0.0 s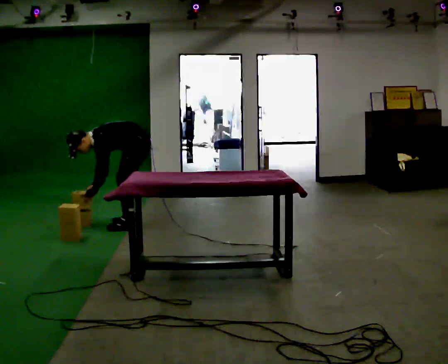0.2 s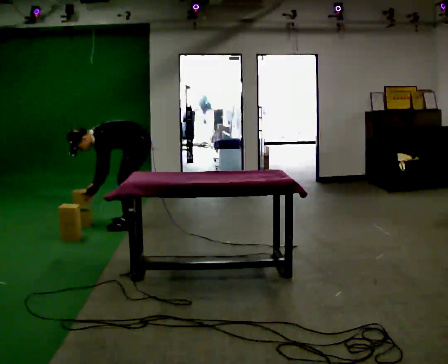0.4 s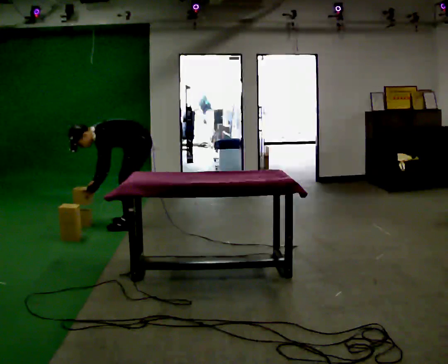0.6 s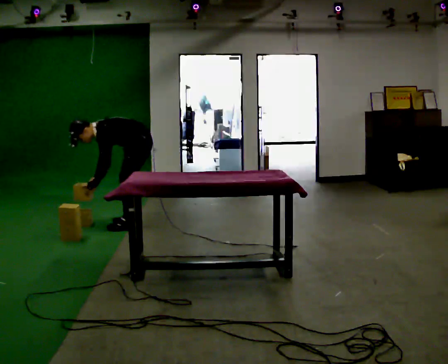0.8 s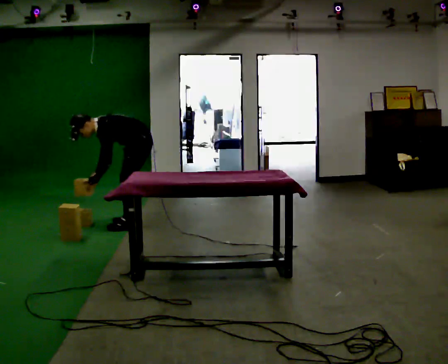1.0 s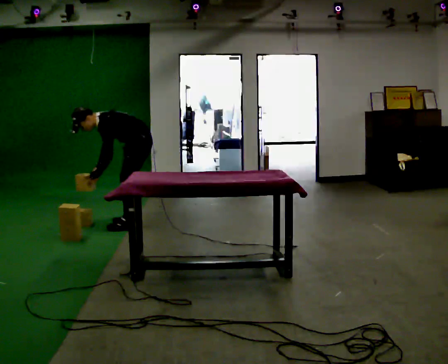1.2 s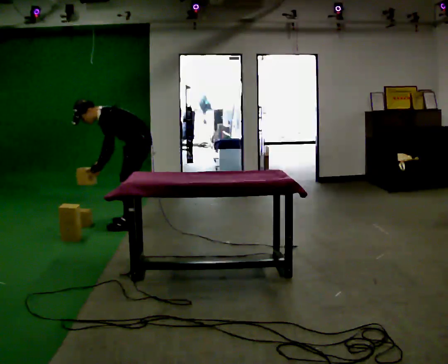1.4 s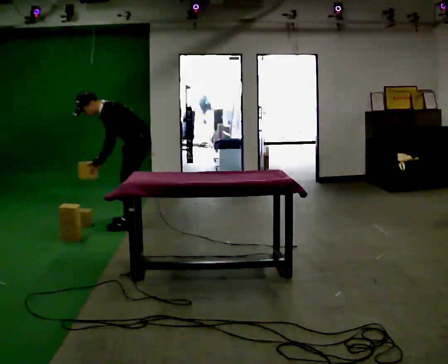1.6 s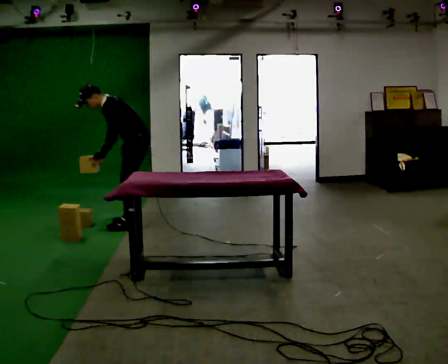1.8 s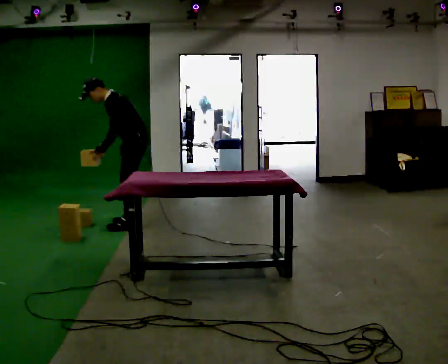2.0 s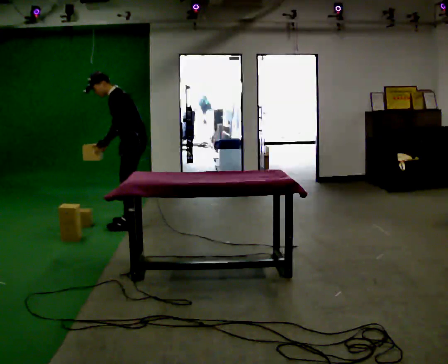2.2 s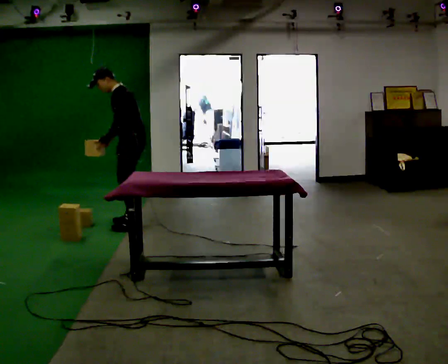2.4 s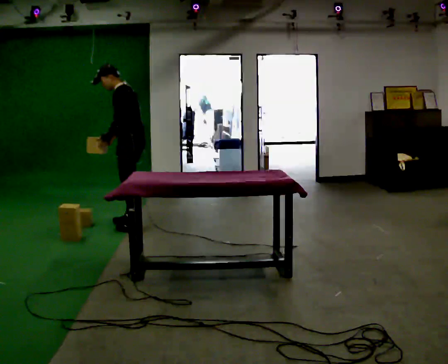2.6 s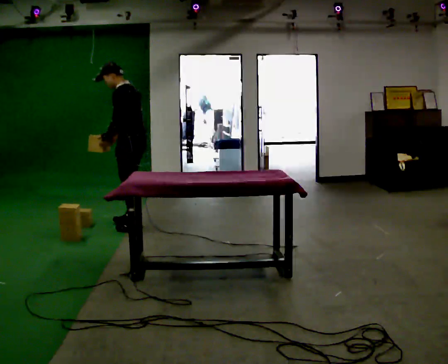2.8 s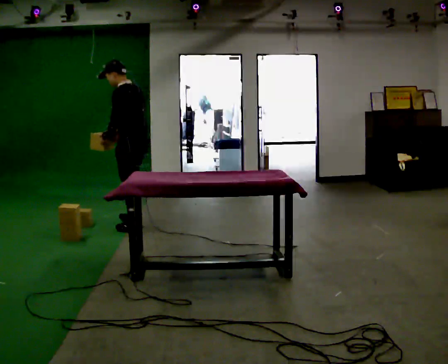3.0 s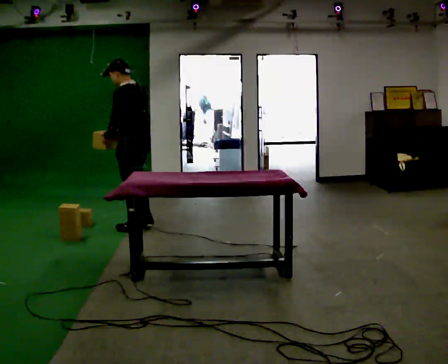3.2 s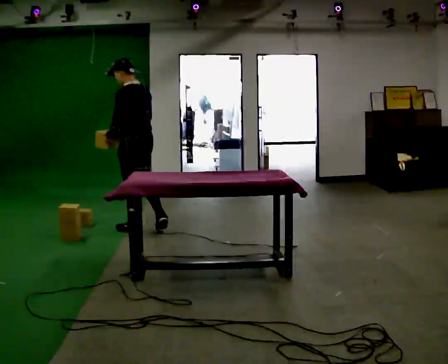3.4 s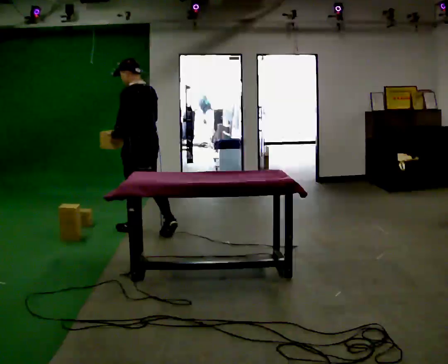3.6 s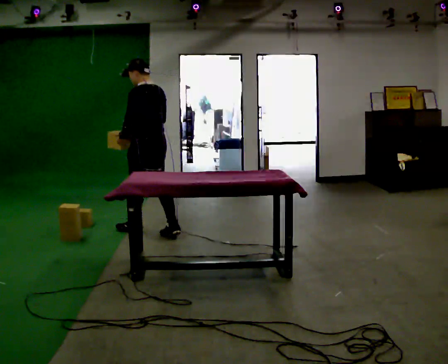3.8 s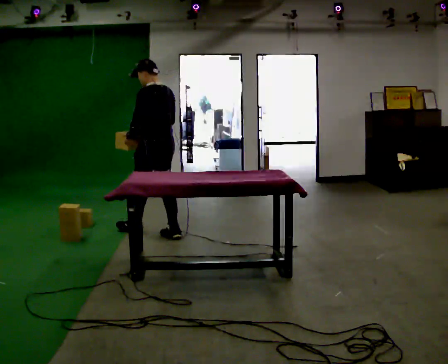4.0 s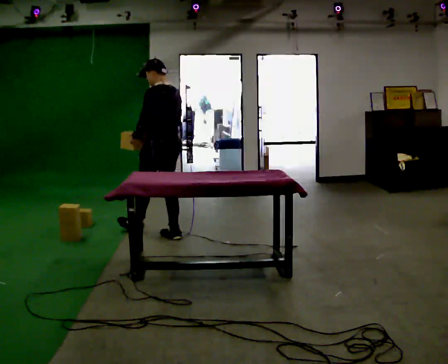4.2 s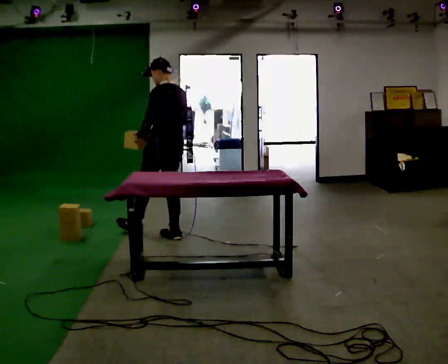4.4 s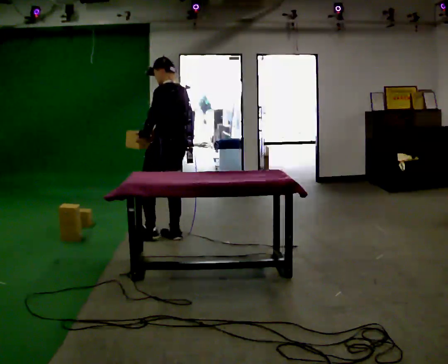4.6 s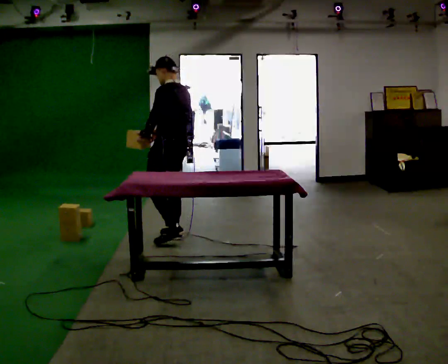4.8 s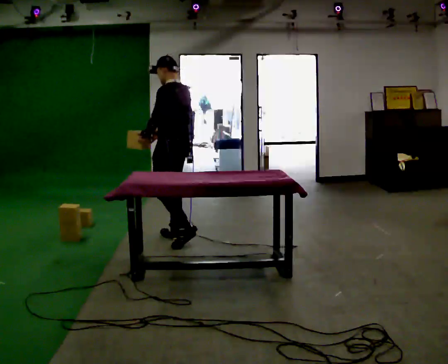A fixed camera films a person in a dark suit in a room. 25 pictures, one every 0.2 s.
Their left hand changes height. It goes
upward.
The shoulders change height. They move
upward.
0.0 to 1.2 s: The shoulders move upward. The upper body tips away from the camera, its near side rolling upward, as they lean back or straighten.
1.2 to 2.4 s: The shoulders move upward. In the picture the upper body tilts clockwise, shoulders to the right, as they lean back or straighten. In the picture their left hand goes upward.
2.4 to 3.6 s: Seen from above the body turns clockwise, about 45 degrees: to their right, with its near side sliding to the left. In the picture they go toward the camera, about 0.25 m in 1 step, which for them is backward and to their left.
3.6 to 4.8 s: In the picture they go to the right and toward the camera, about 0.25 m in 1 step, which for them is backward.
The film runs backward here.
